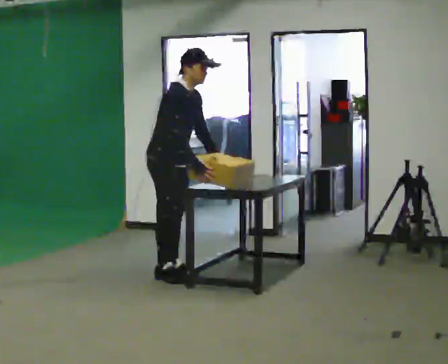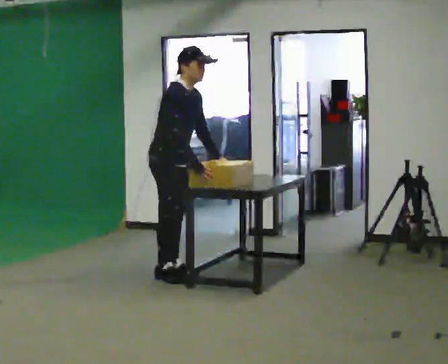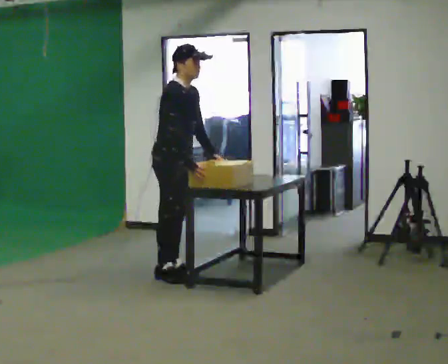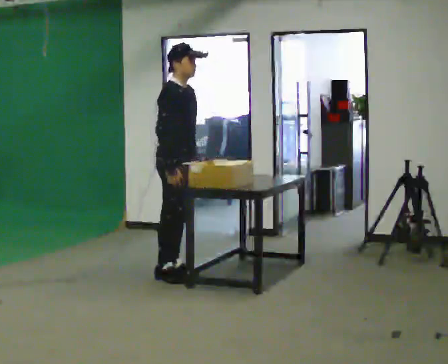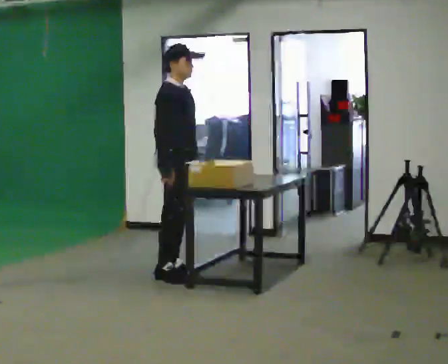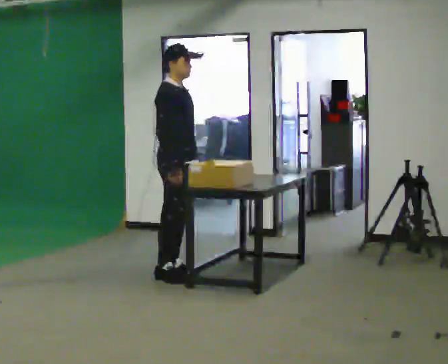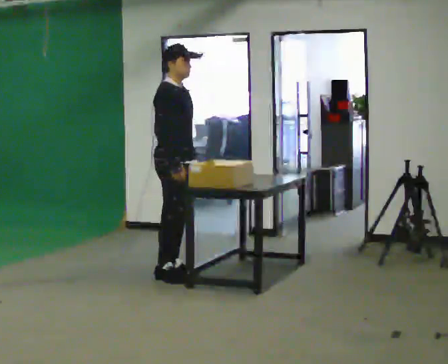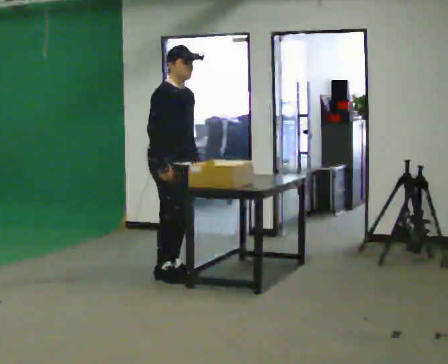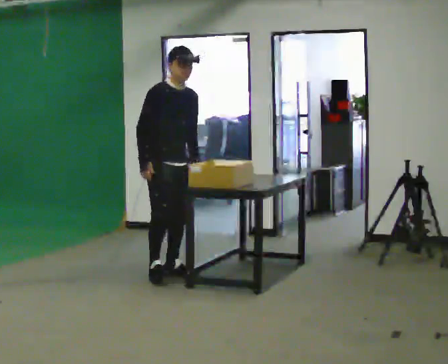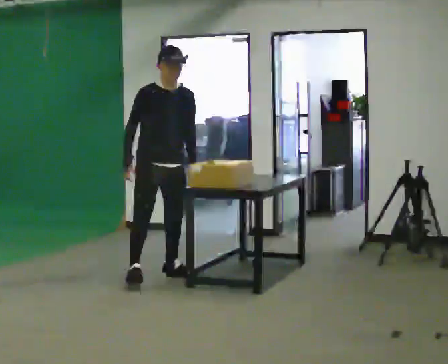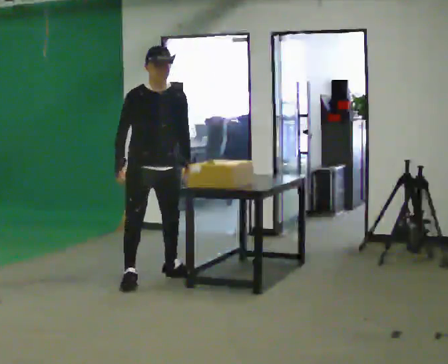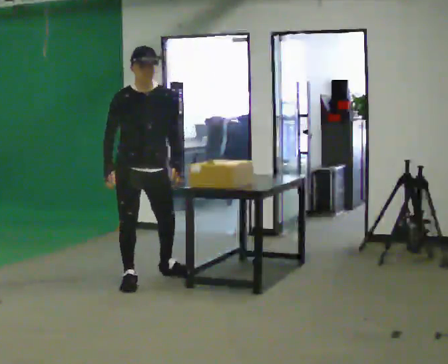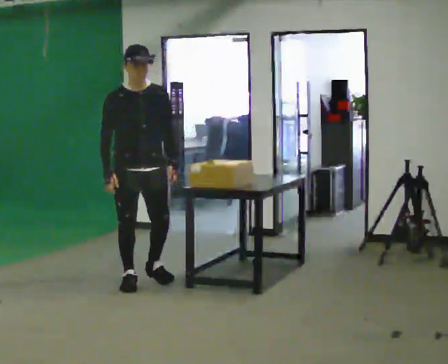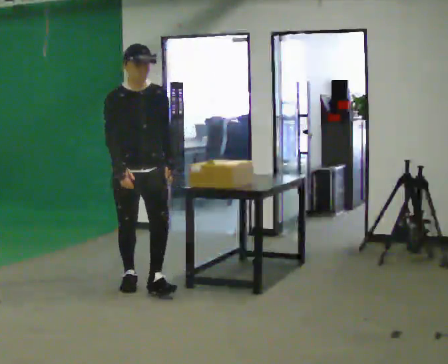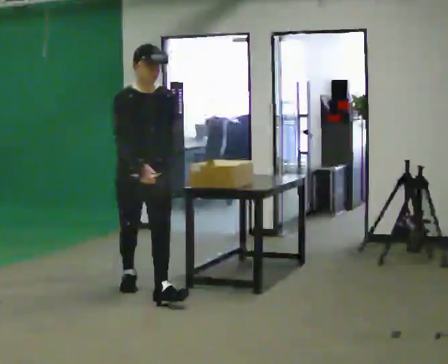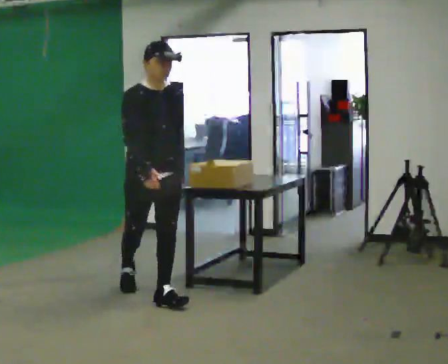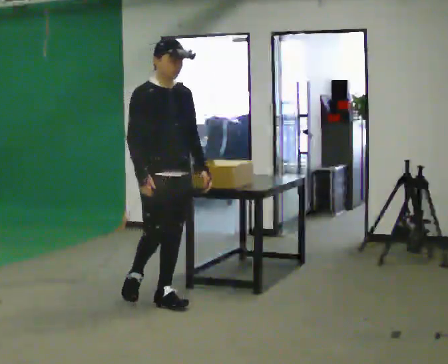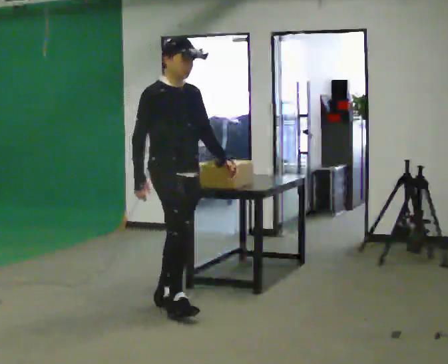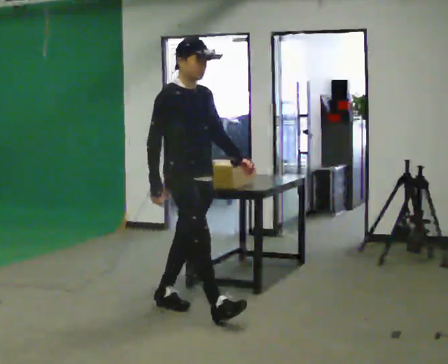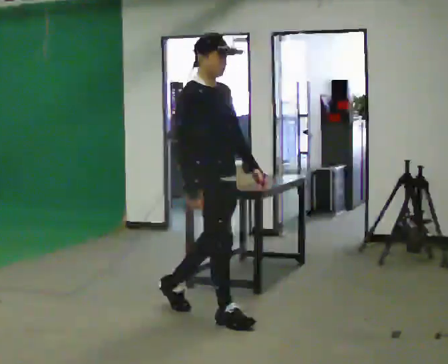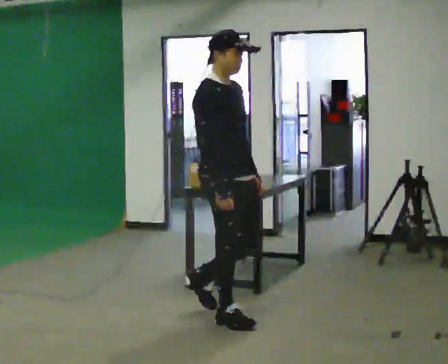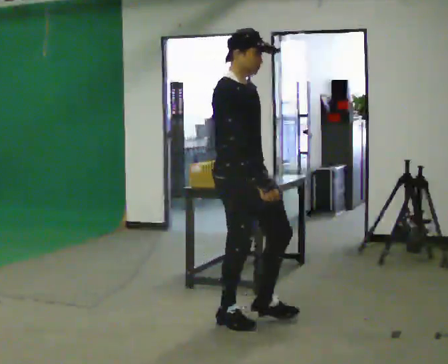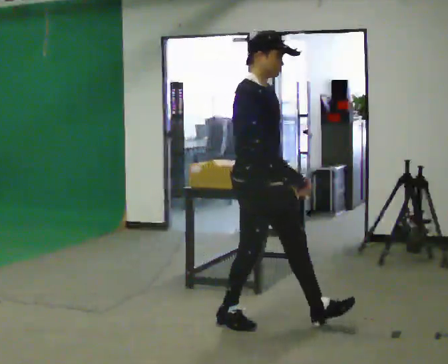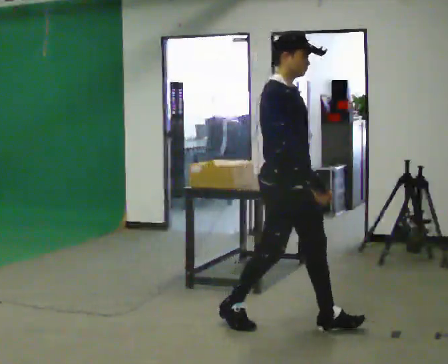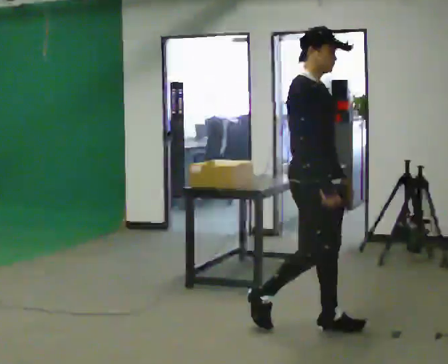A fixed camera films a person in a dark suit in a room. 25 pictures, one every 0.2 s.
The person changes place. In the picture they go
toward the camera.
The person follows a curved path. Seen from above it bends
counterclockwise.
0.0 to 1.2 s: In the picture the upper body tilts counterclockwise, shoulders to the left, as they lean back or straighten.
1.2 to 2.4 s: The person turns about 45 degrees to their right, clockwise seen from above, so the part of the body nearest the lens slides to the left. In the picture they go toward the camera and to the left, about 0.5 m in 1 step, which for them is to their right and forward.
2.4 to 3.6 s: The person turns about 30 degrees to their left, counterclockwise seen from above, so the part of the body nearest the lens slides to the right. In the picture they go toward the camera and to the right, about 1 m in 1 step, which for them is forward.
3.6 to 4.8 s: In the picture they go to the right and toward the camera, about 1 m in 2 steps, which for them is forward.
The film runs forward here.
